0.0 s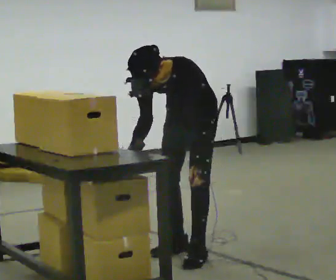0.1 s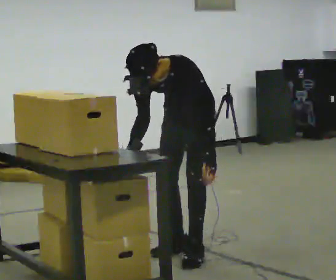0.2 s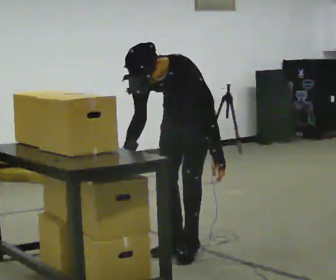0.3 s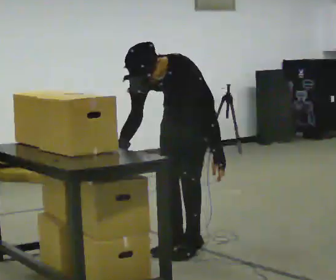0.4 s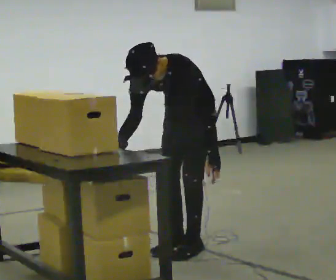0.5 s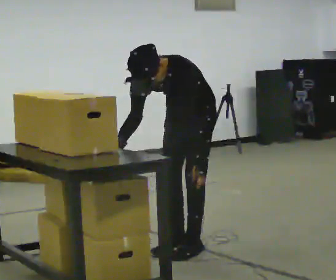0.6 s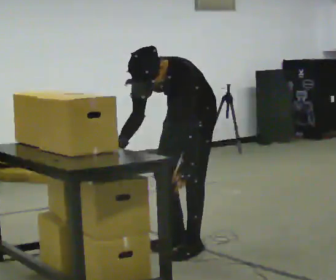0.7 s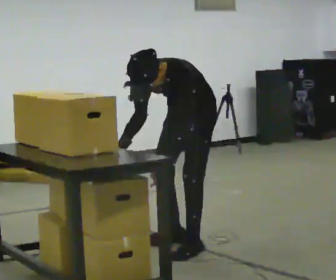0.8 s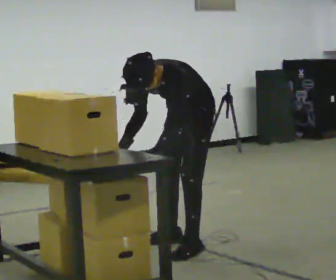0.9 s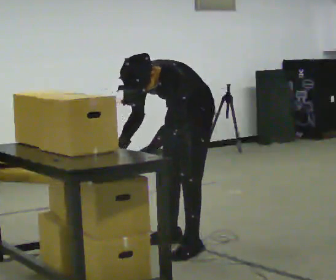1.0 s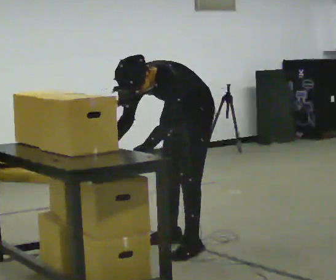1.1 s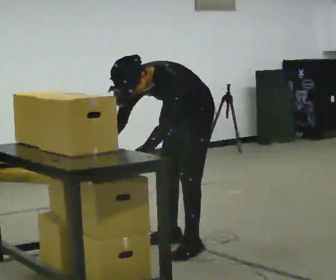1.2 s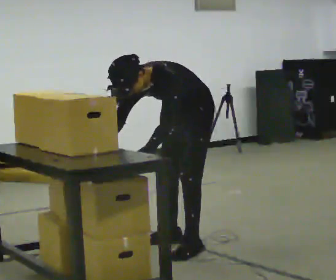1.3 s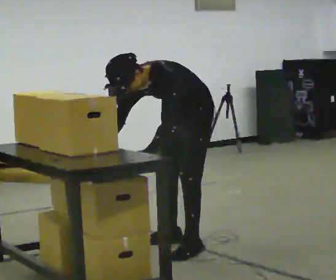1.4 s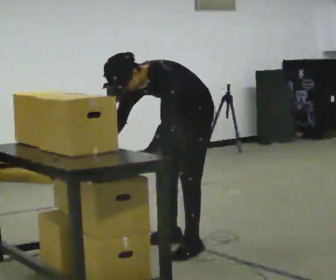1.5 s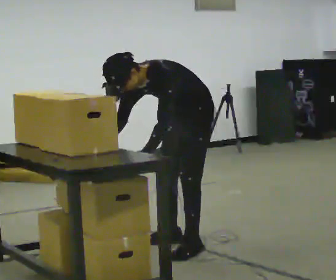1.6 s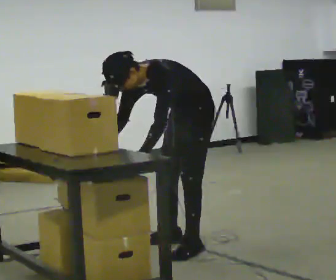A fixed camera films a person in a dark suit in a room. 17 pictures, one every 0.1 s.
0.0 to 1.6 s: In the picture the upper body tilts counterclockwise, shoulders to the left. In the picture their left hand goes to the left.
The film runs backward here.
